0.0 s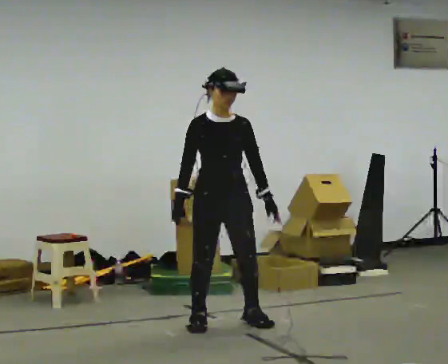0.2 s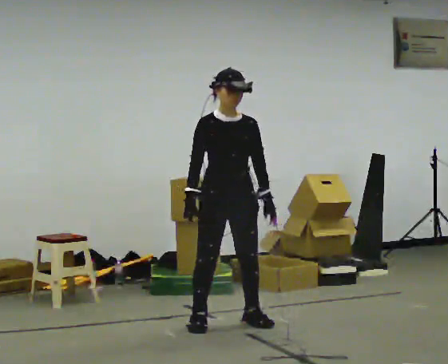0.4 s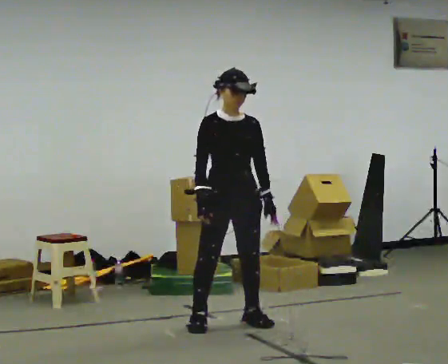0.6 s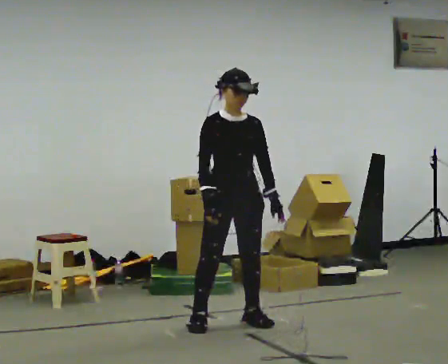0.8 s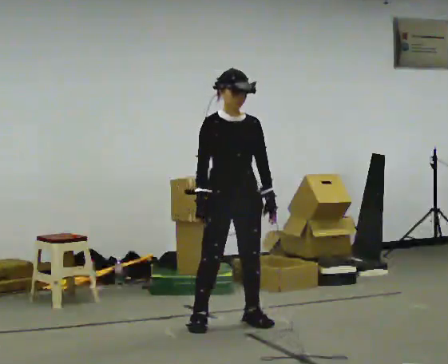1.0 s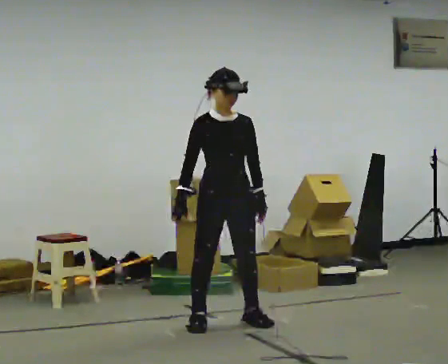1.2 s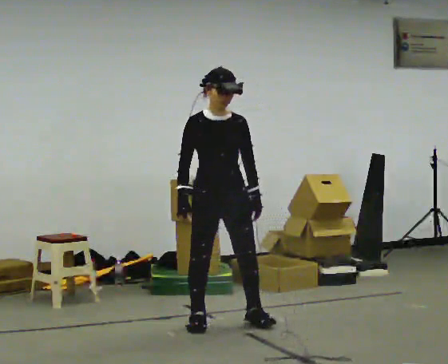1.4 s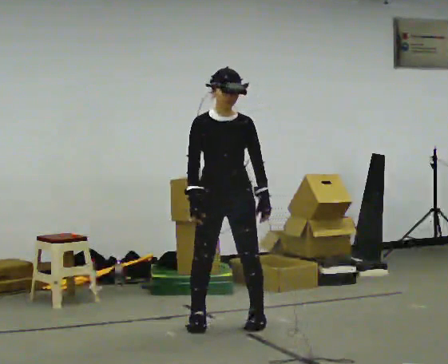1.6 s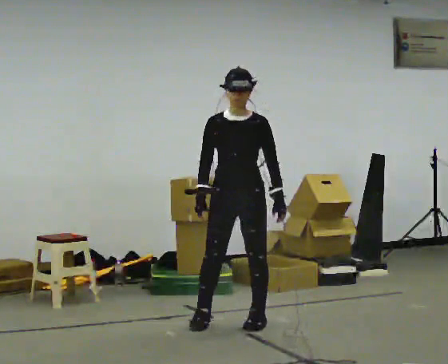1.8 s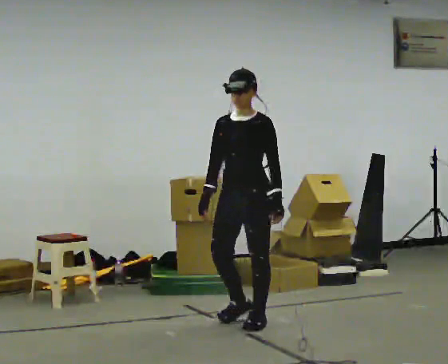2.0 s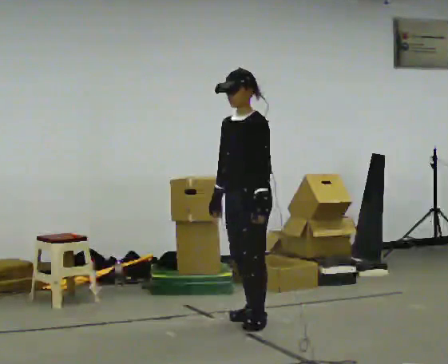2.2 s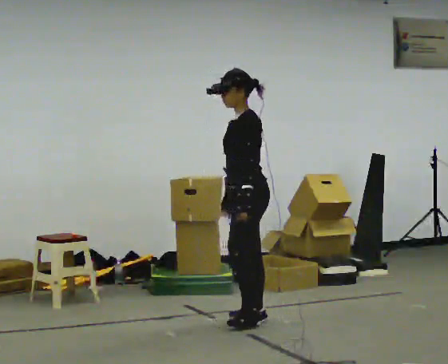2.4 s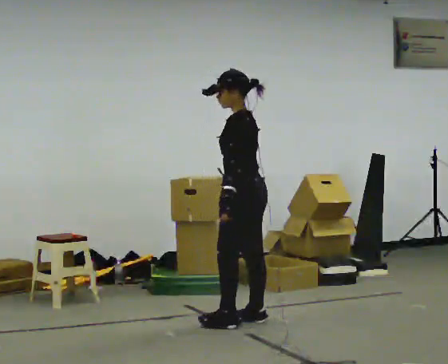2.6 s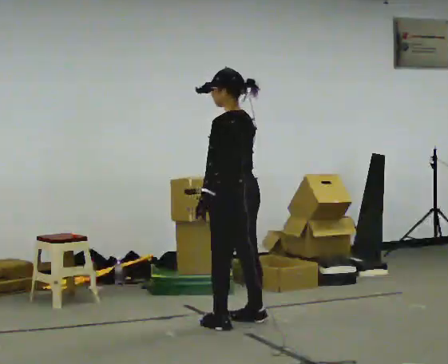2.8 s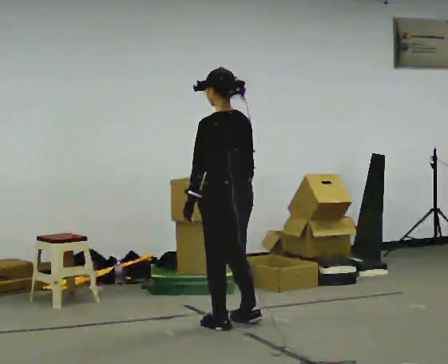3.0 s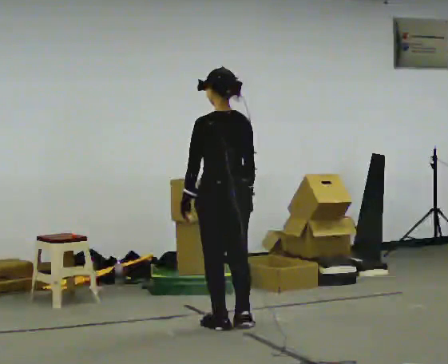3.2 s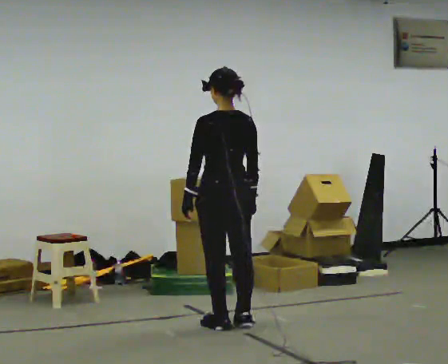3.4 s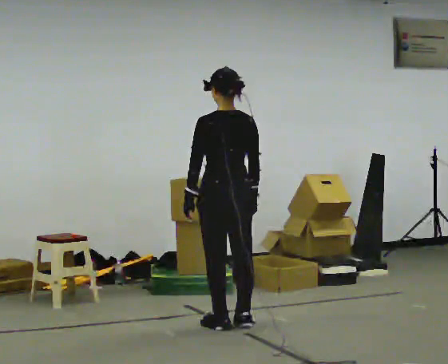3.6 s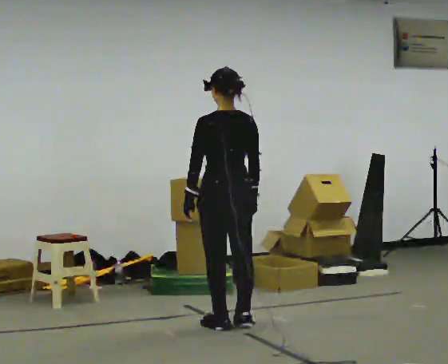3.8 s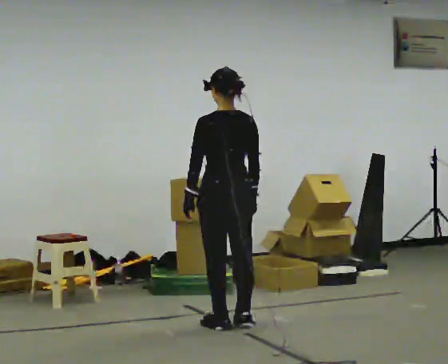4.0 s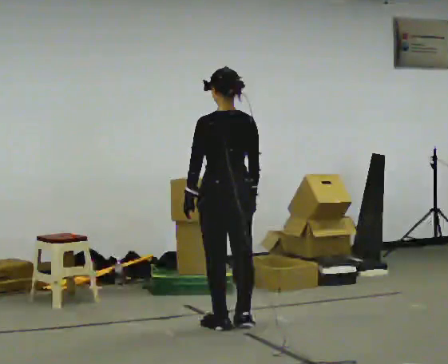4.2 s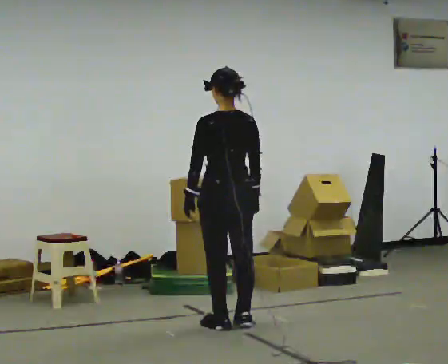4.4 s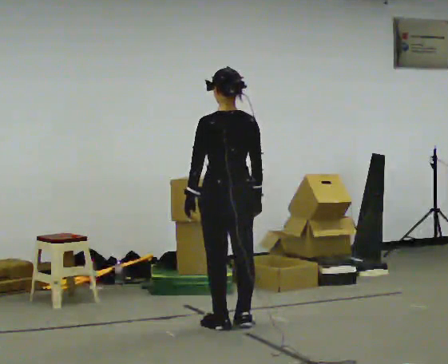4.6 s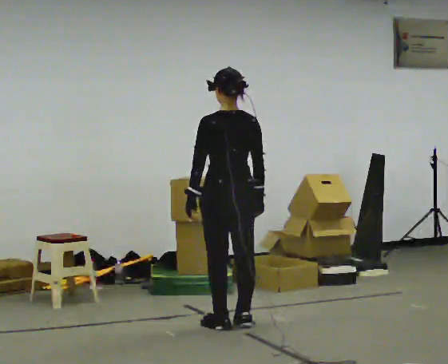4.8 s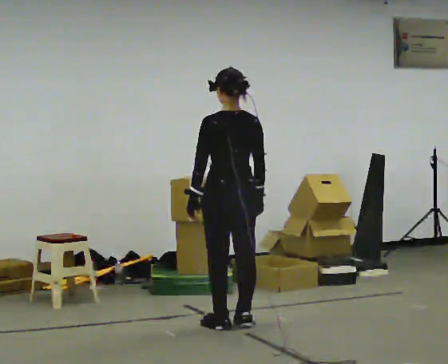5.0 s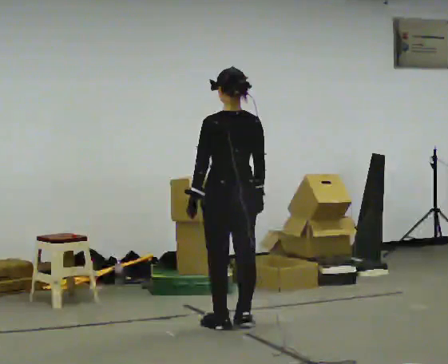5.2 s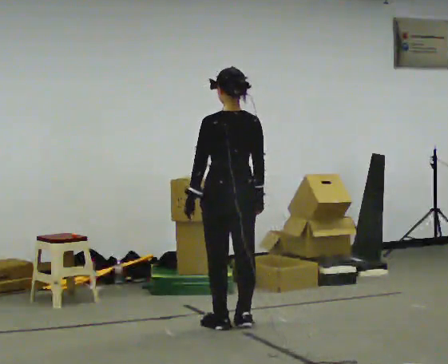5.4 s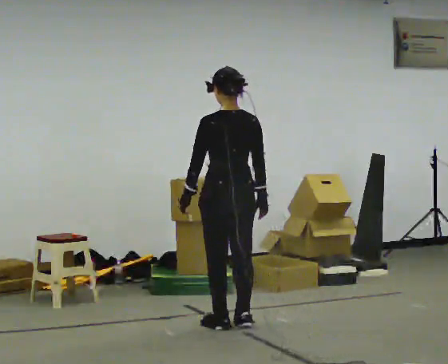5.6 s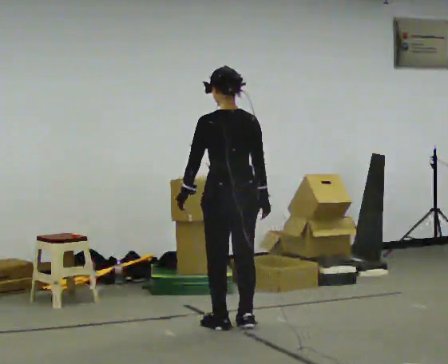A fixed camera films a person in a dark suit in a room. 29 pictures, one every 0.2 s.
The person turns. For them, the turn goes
to their right.
The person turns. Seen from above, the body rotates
clockwise.
0.0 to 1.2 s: The person moves a little, or ends about where they began.
1.2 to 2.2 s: The part of the body nearest the lens slides to the left as the person turns to their right by about 90 degrees. In the picture they go to the right, about 0.25 m in 2 steps.
2.2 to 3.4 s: The part of the body nearest the lens slides to the left as the person turns to their right by about 75 degrees. In the picture their left hand goes to the left.
3.4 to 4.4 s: The person keeps their place and pose.
4.4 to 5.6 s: The person moves a little, or ends about where they began.
The film runs backward here.
